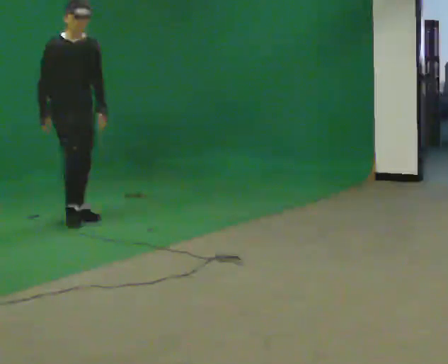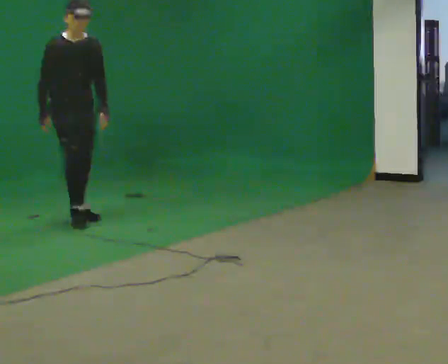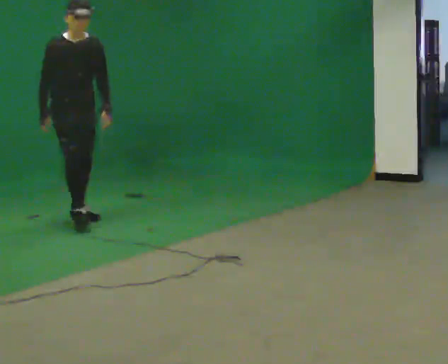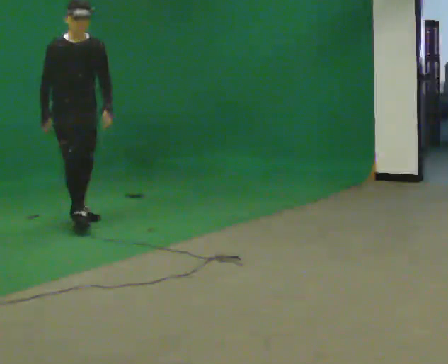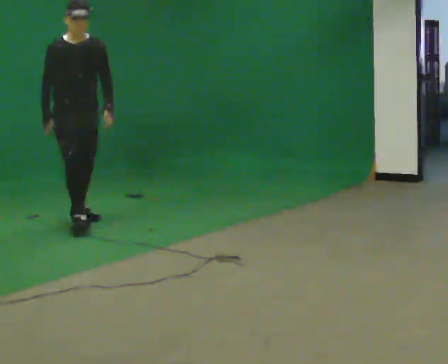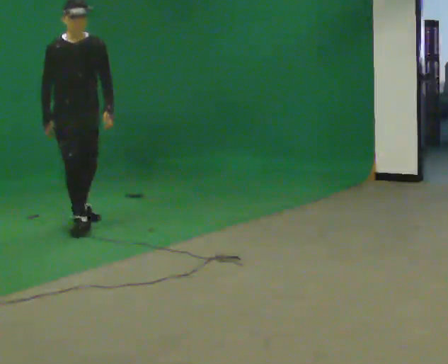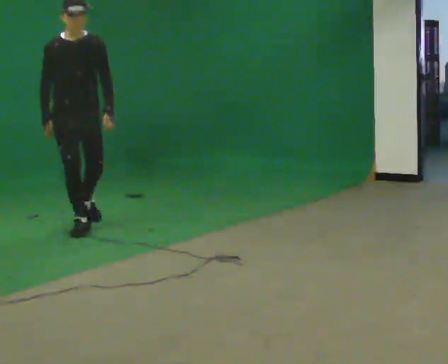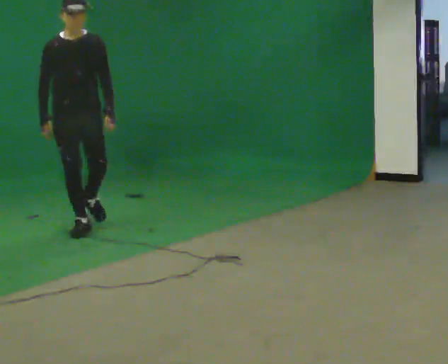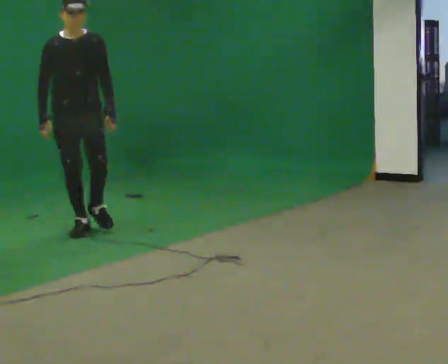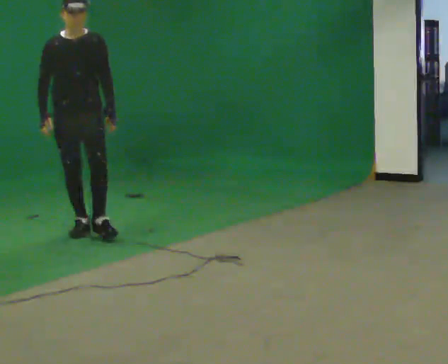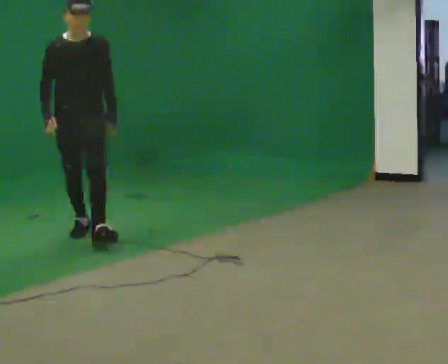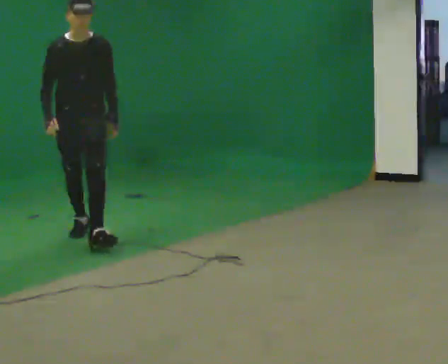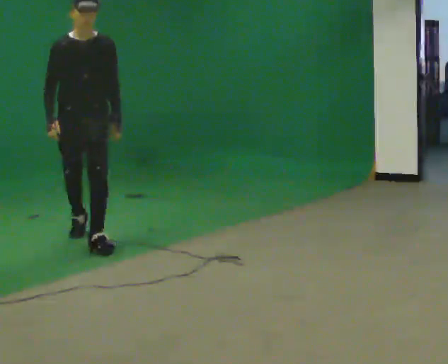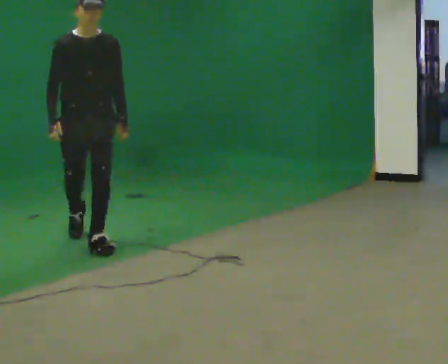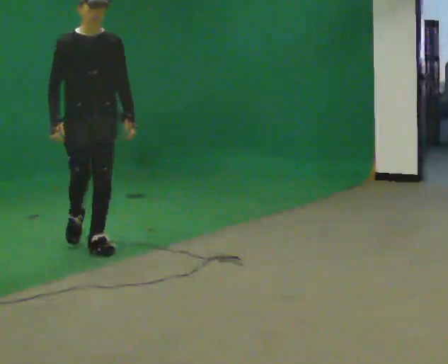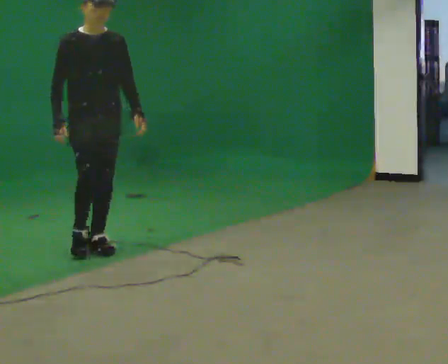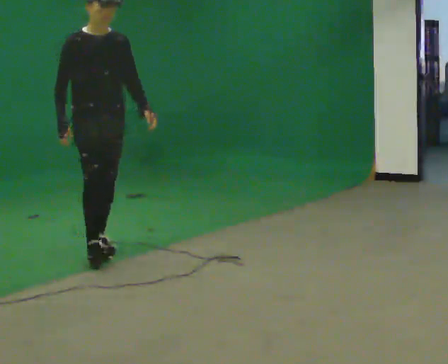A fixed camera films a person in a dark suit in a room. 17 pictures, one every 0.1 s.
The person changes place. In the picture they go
toward the camera.
0.0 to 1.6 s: In the picture they go toward the camera, about 1 m in 2 steps, which for them is forward.
The film runs forward here.
